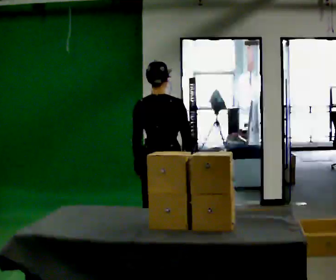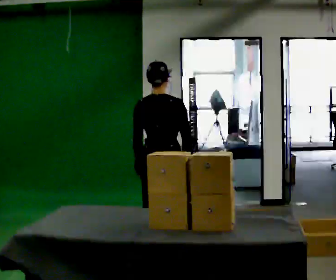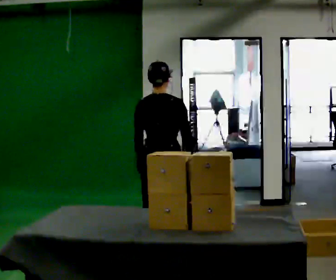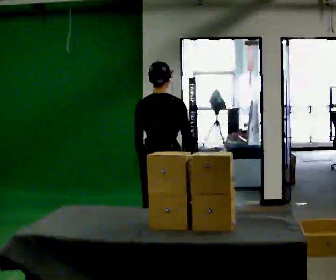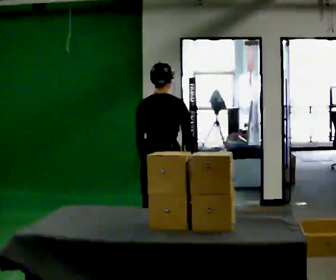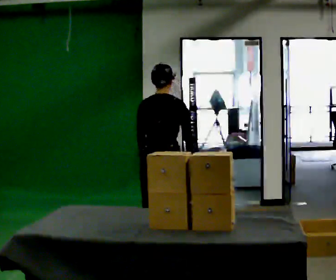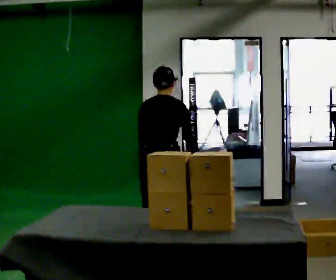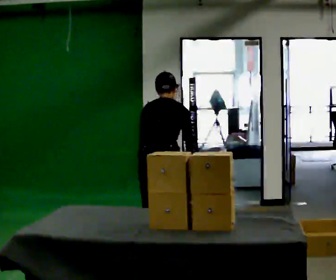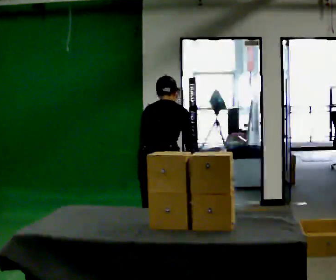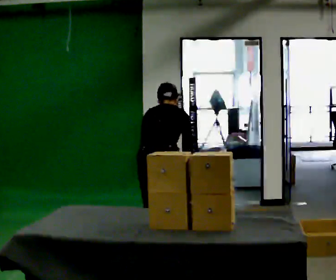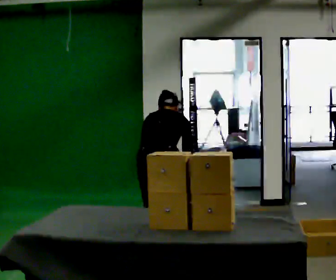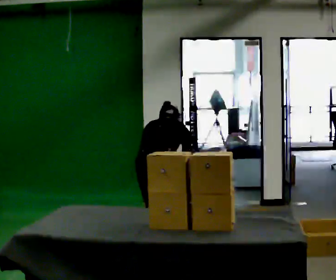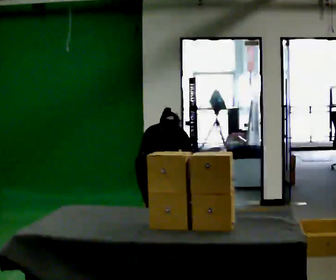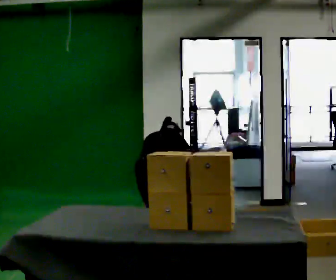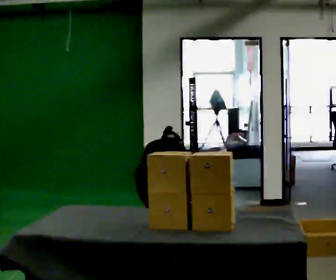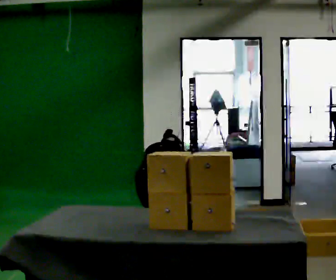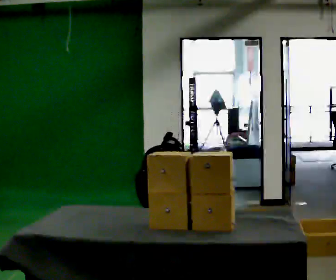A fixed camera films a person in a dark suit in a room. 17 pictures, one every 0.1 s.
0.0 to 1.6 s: In the picture they go toward the camera, about 0.25 m, which for them is backward. The shoulders move downward. The upper body tips away from the camera, its near side rolling upward, as they bend forward. In the picture their right hand goes downward.
The film runs backward here.
